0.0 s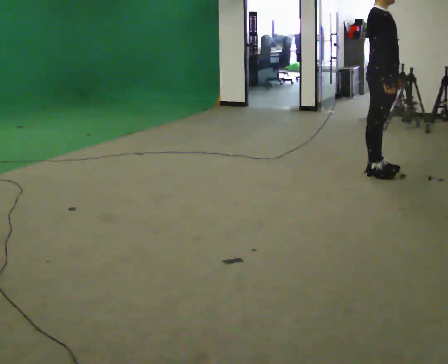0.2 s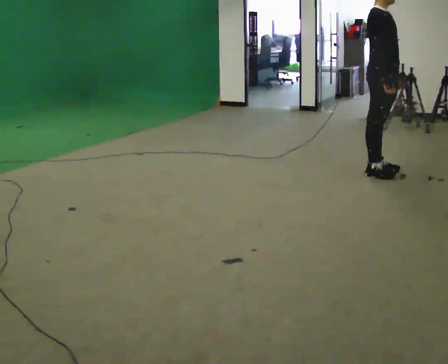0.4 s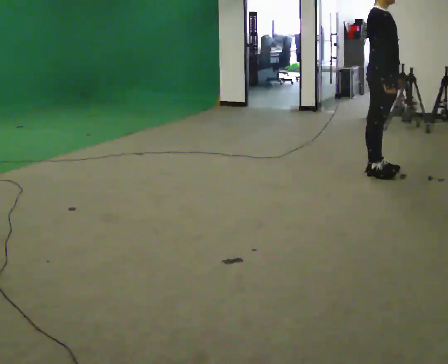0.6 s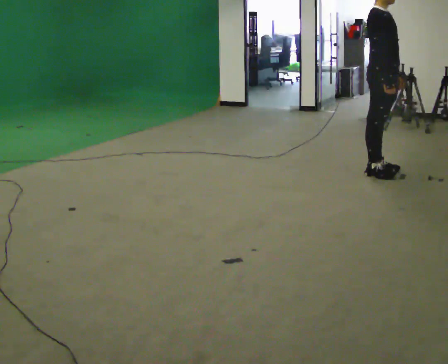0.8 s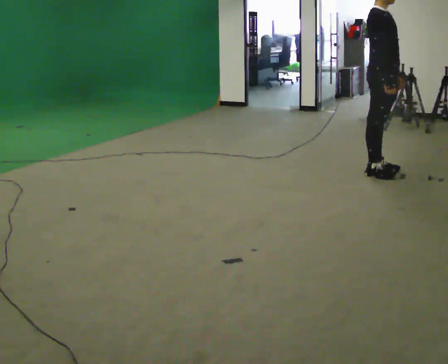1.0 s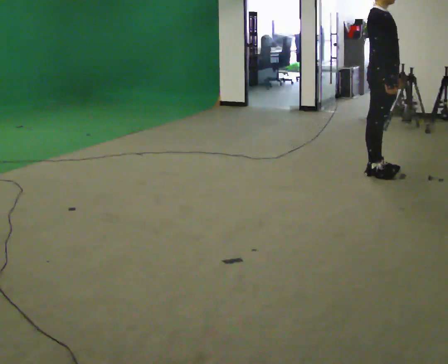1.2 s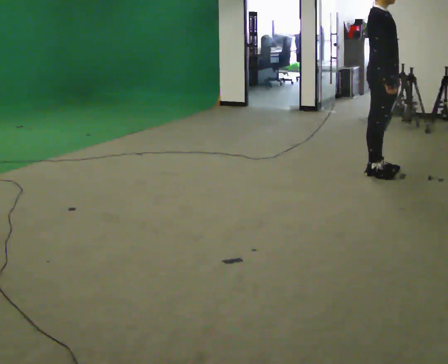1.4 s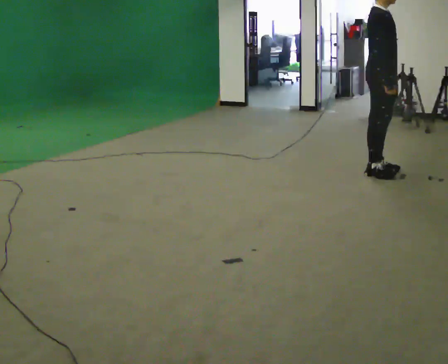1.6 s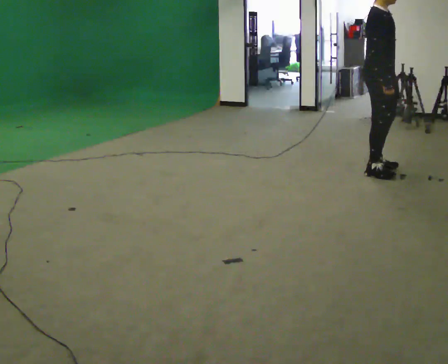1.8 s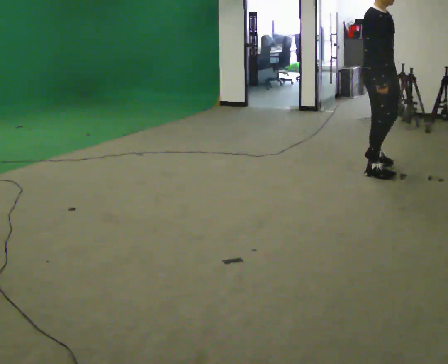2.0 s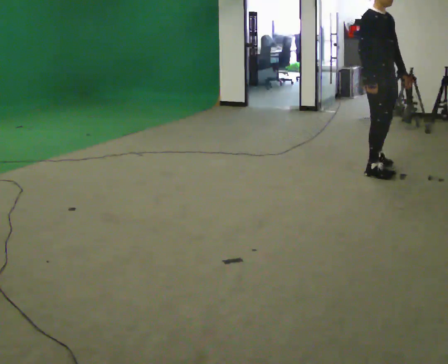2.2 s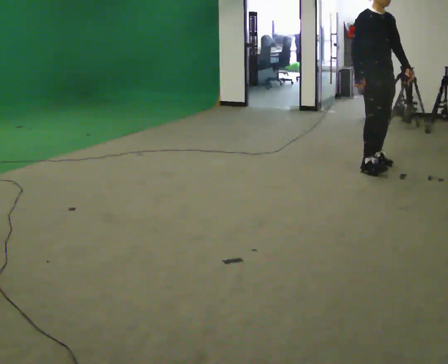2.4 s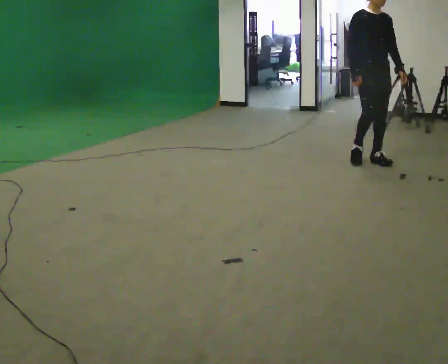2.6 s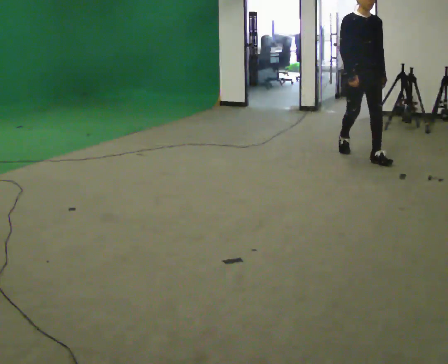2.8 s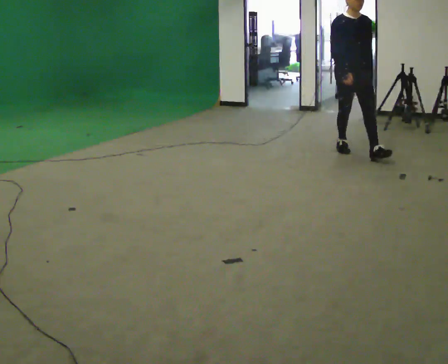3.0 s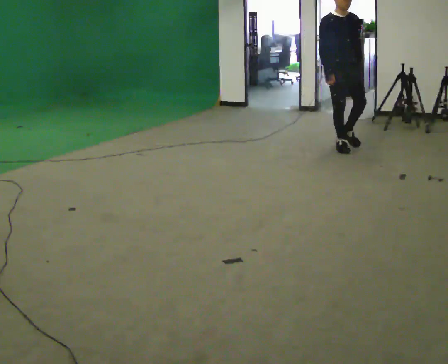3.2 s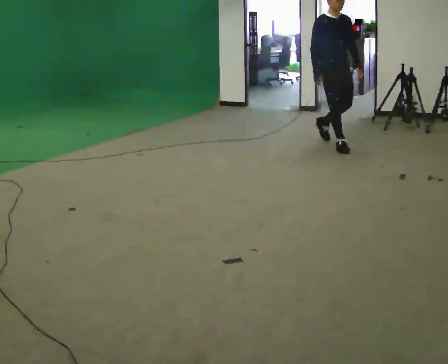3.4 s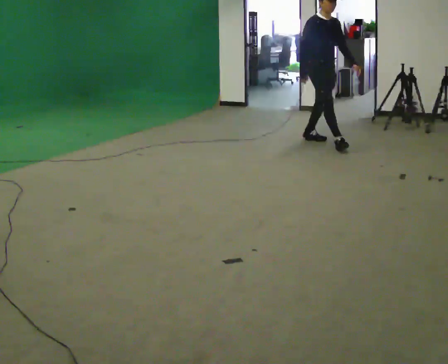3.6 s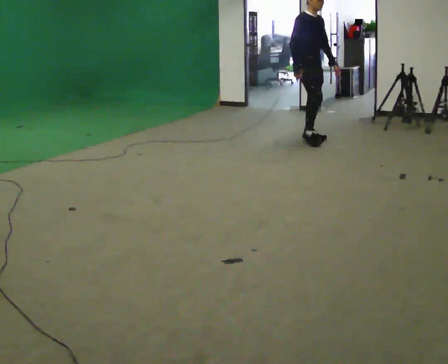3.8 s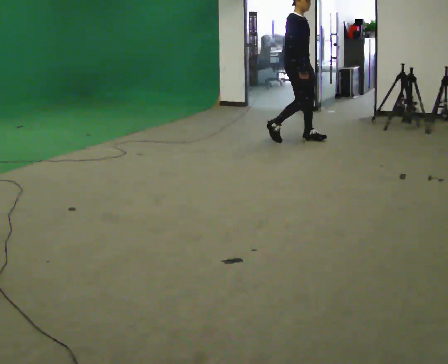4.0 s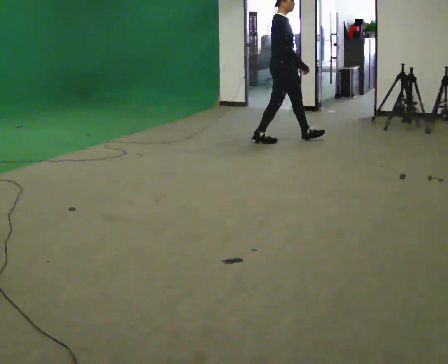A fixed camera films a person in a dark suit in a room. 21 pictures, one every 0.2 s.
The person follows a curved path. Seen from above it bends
counterclockwise.
0.0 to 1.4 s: The person moves a little, or ends about where they began.
1.4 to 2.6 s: The person turns about 60 degrees to their right, clockwise seen from above, so the part of the body nearest the lens slides to the left. In the picture they go away from the camera, about 0.5 m in 2 steps, which for them is to their left and backward.
2.6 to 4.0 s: Seen from above the body turns counterclockwise, about 60 degrees: to their left, with its near side sliding to the right. In the picture they go to the left and away from the camera, about 1 m in 3 steps.
The film runs backward here.
